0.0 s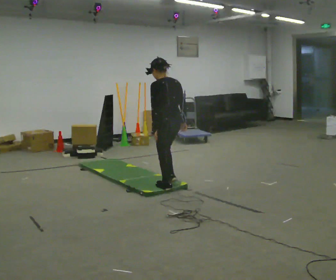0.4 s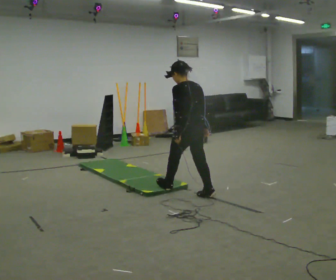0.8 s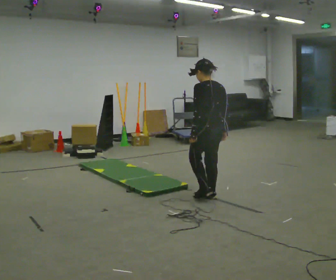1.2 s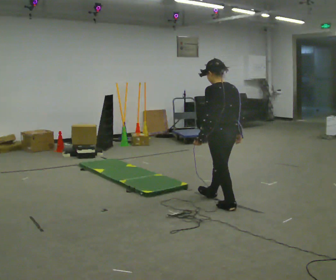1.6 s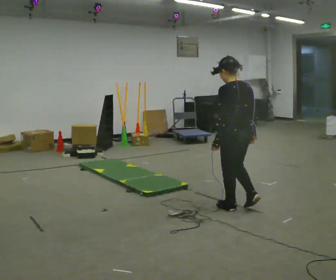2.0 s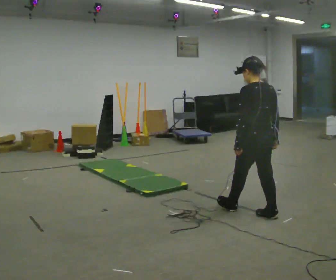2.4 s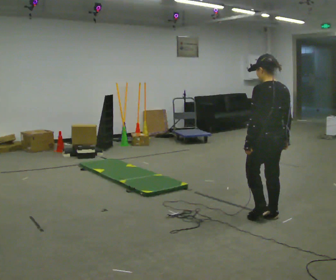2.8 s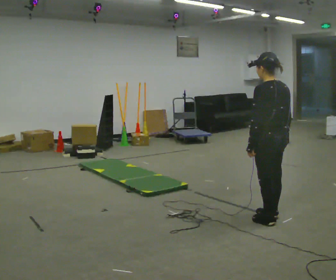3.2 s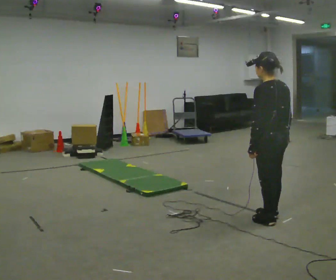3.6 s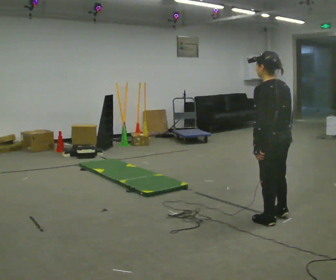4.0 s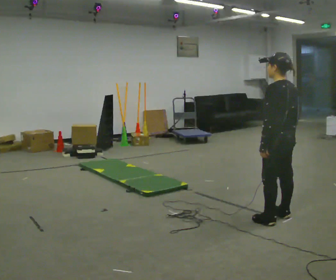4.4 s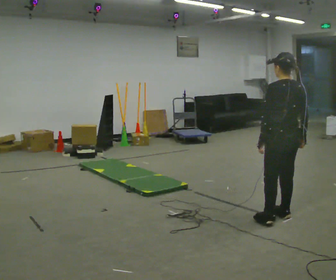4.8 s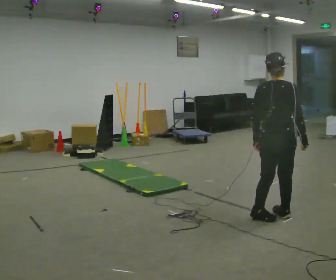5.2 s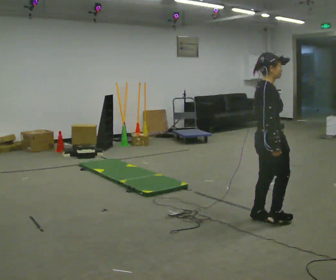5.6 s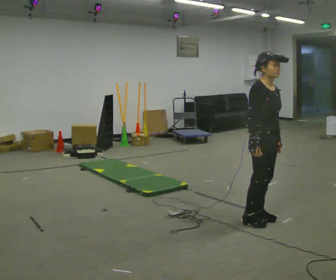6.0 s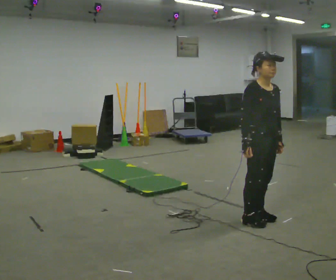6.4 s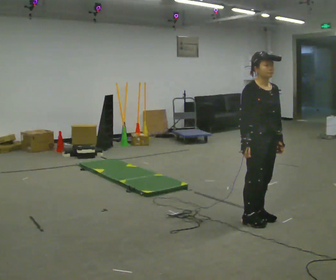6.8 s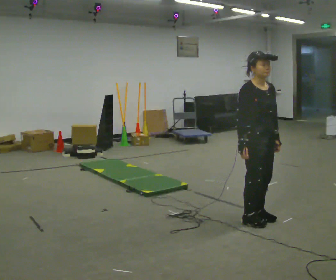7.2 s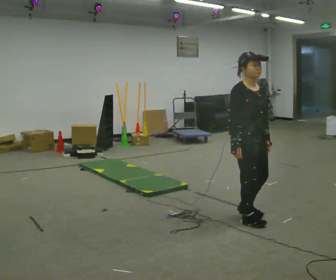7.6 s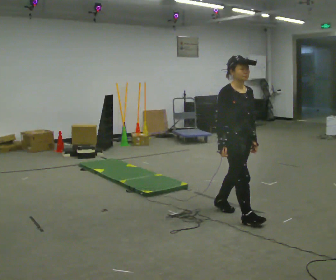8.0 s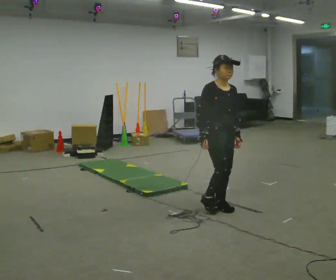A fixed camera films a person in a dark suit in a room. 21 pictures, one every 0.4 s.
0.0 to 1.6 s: In the picture they go to the right and toward the camera, about 1 m in 2 steps, which for them is backward.
1.6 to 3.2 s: In the picture they go to the right and toward the camera, about 0.5 m in 1 step, which for them is backward.
3.2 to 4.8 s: The person turns about 60 degrees to their right, clockwise seen from above, so the part of the body nearest the lens slides to the left.
4.8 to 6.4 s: The part of the body nearest the lens slides to the left as the person turns to their right by about 120 degrees. In the picture their right hand goes to the left.
6.4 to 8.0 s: In the picture they go to the left and away from the camera, about 0.5 m in 2 steps, which for them is backward.
The film runs backward here.
